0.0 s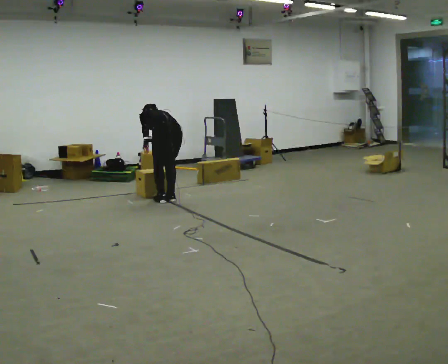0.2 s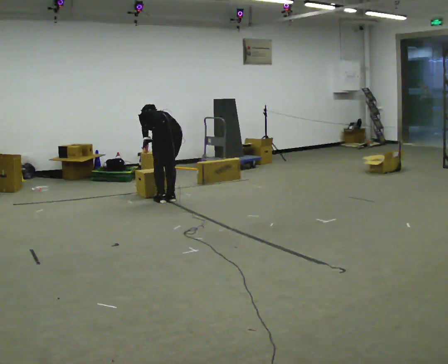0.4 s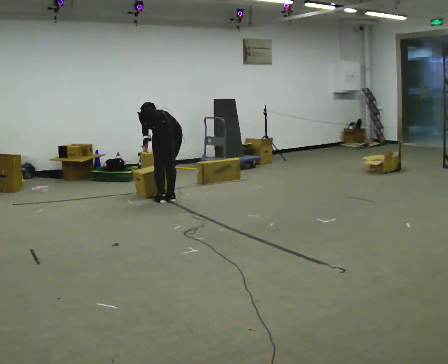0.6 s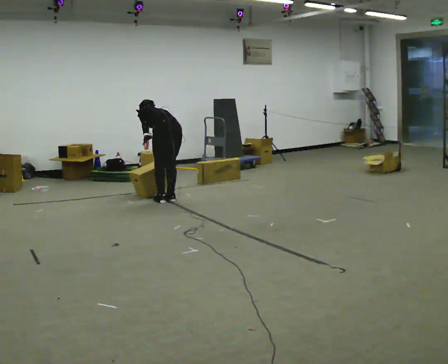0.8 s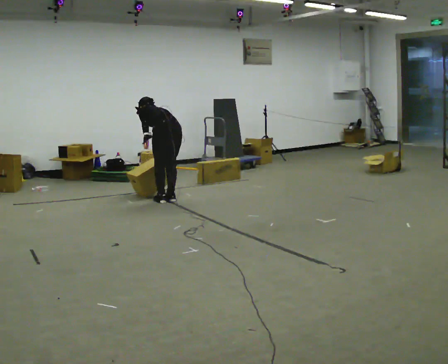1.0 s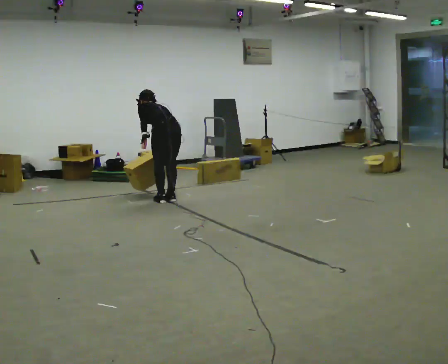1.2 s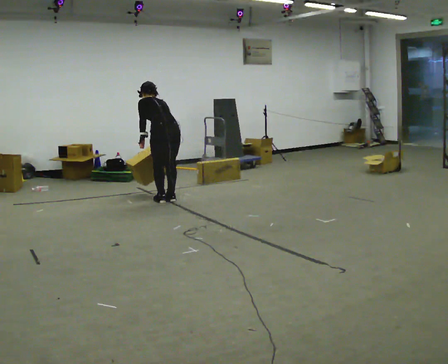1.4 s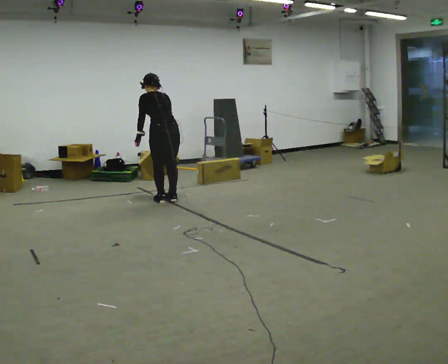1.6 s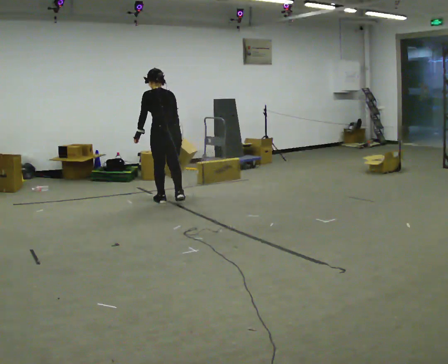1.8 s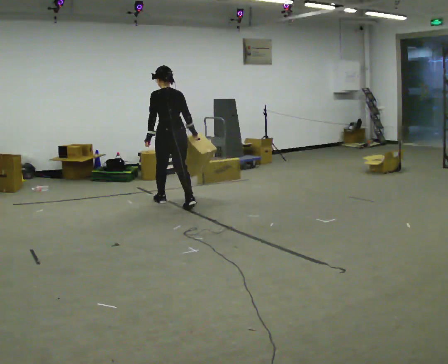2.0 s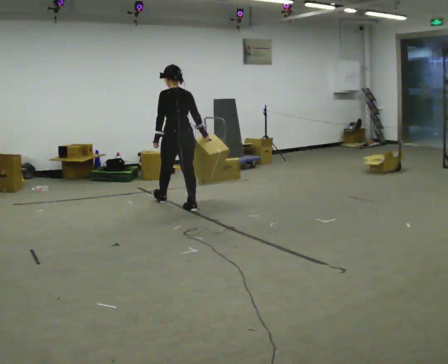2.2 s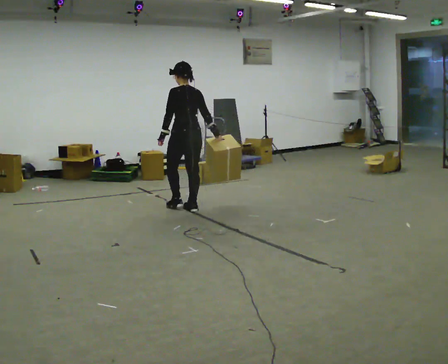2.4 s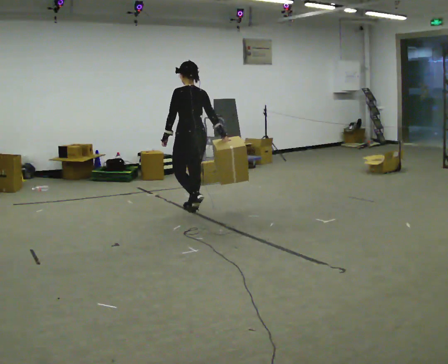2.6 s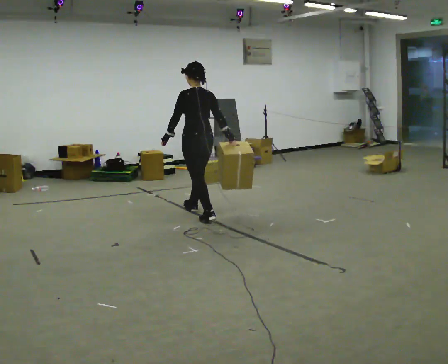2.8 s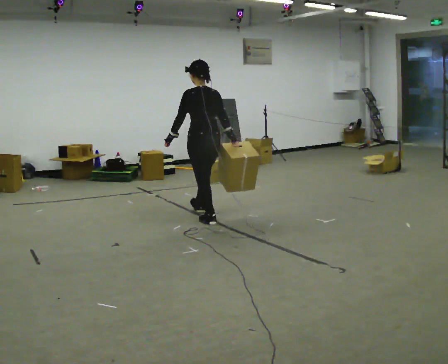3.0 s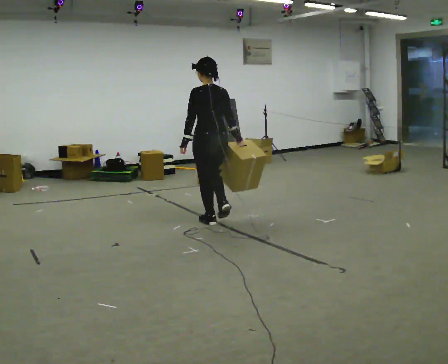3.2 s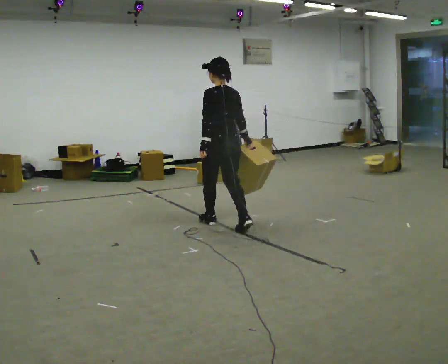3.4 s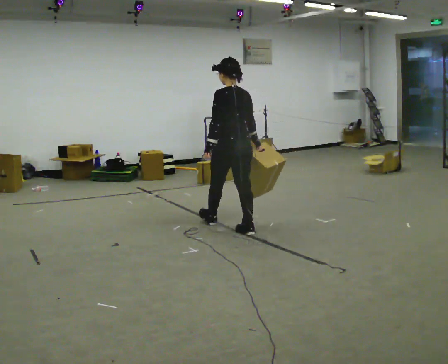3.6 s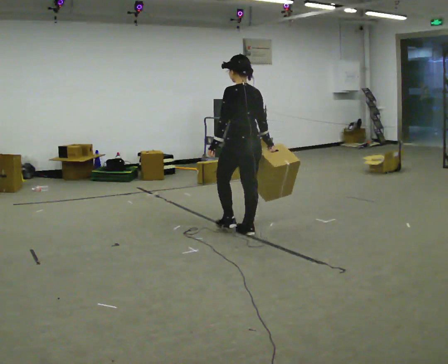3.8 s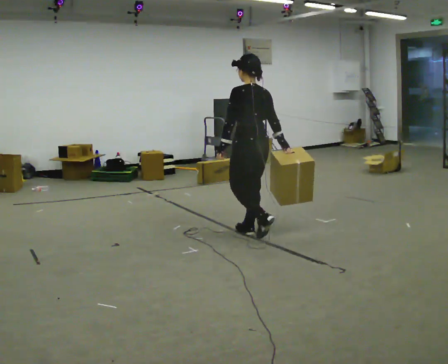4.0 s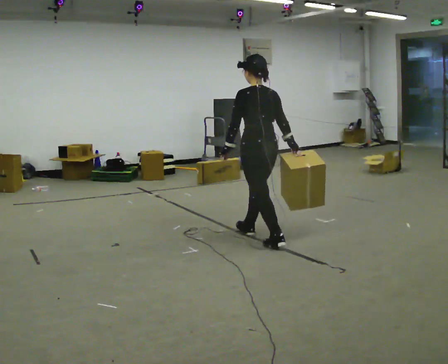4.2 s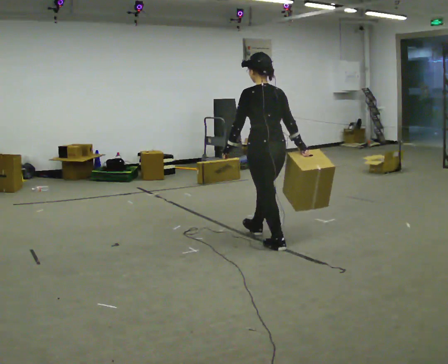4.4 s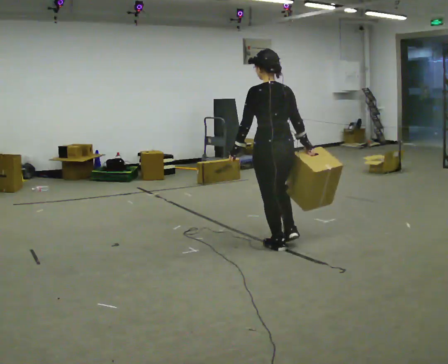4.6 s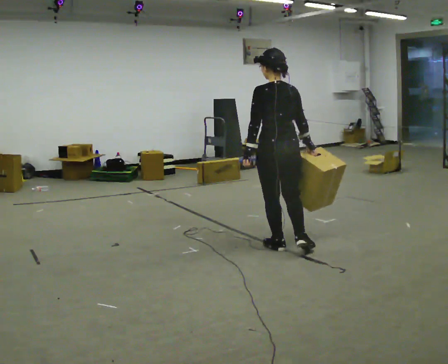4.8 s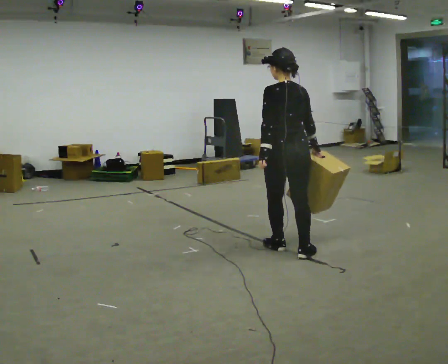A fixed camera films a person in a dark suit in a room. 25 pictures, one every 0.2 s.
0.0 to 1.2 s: The upper body goes upward. The upper body tips toward the camera, its near side rolling downward, as they lean back or straighten.
1.2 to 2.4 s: In the picture they go toward the camera and to the right, about 0.5 m in 2 steps, which for them is backward. The upper body tips toward the camera, its near side rolling downward, as they lean back or straighten.
2.4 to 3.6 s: In the picture they go toward the camera and to the right, about 1 m in 2 steps, which for them is backward.
3.6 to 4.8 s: In the picture they go toward the camera and to the right, about 0.75 m in 1 step, which for them is backward.
The film runs backward here.
